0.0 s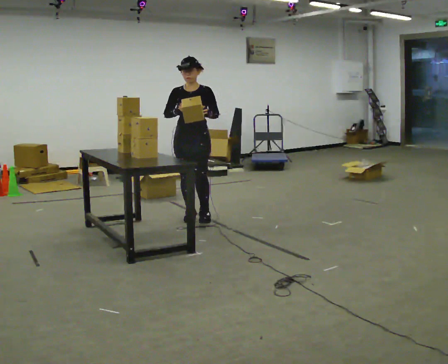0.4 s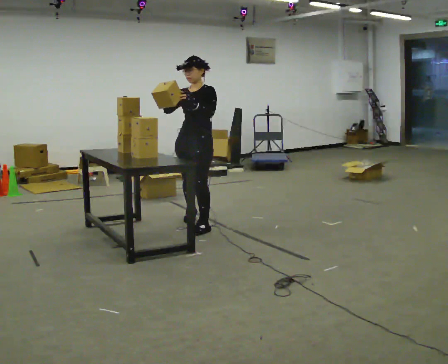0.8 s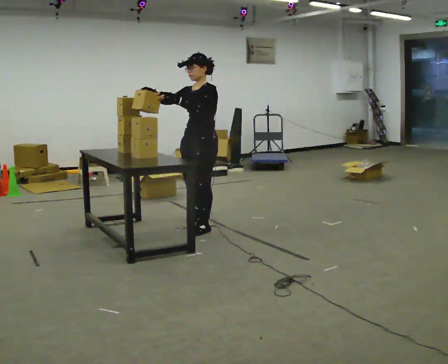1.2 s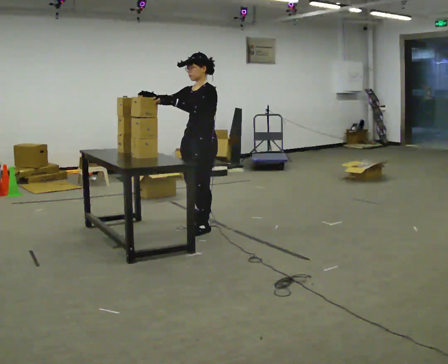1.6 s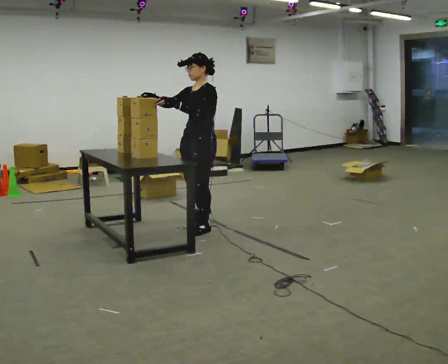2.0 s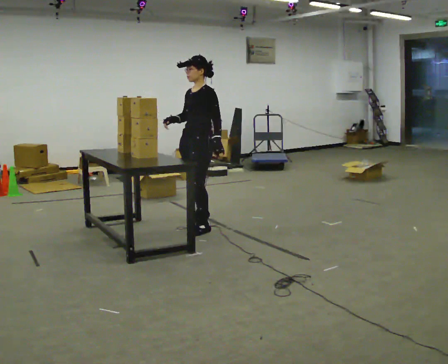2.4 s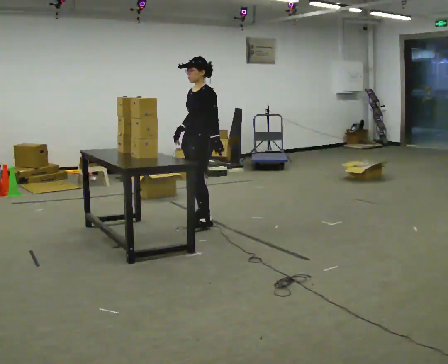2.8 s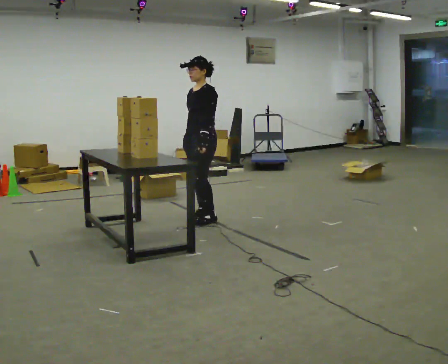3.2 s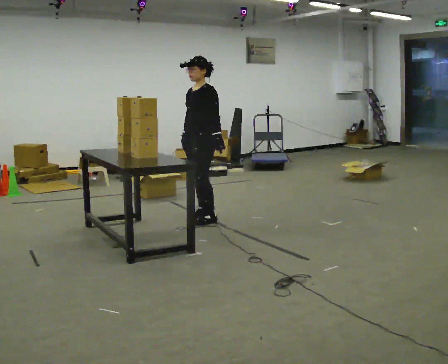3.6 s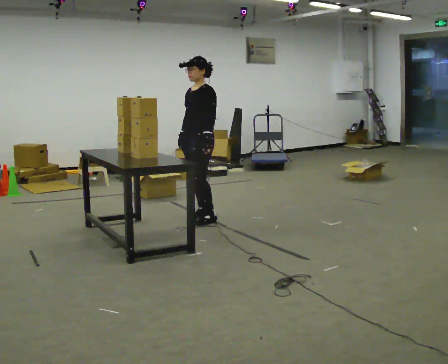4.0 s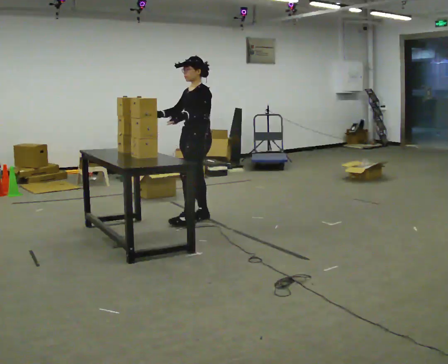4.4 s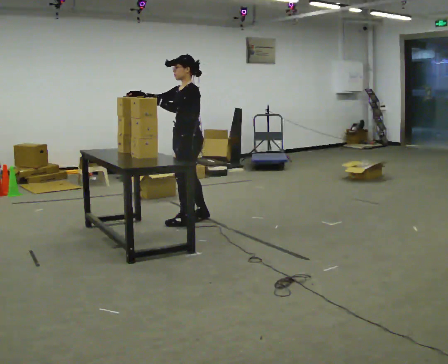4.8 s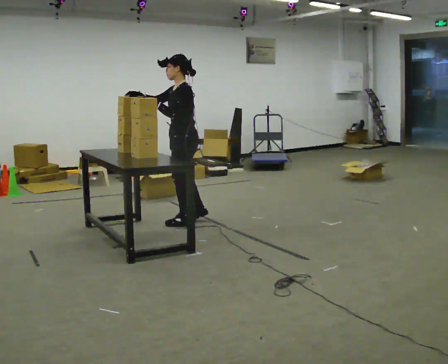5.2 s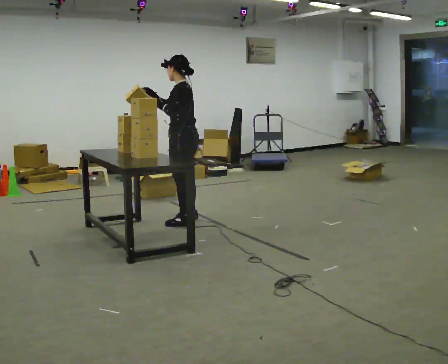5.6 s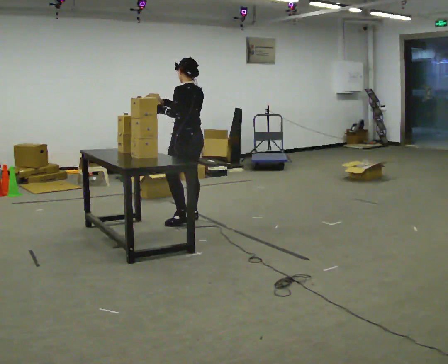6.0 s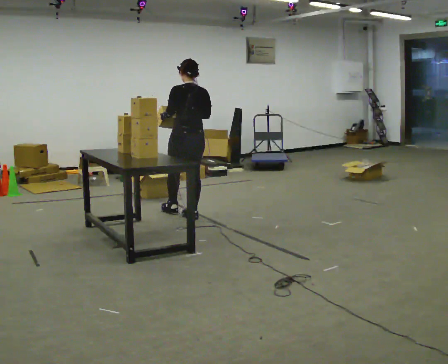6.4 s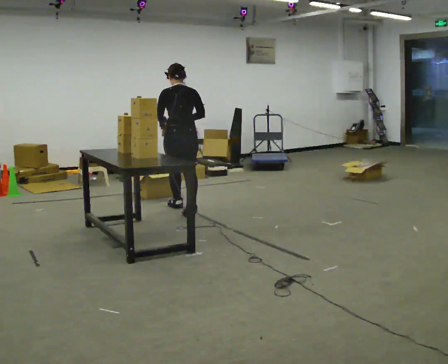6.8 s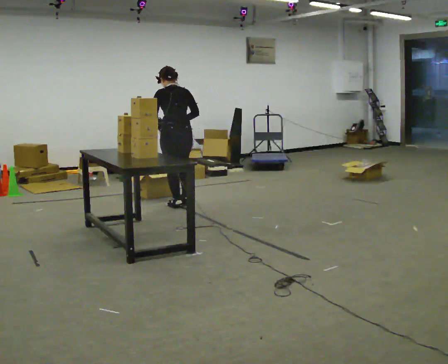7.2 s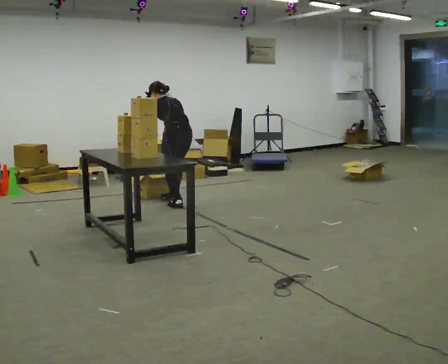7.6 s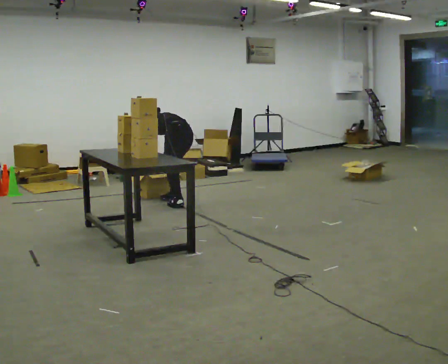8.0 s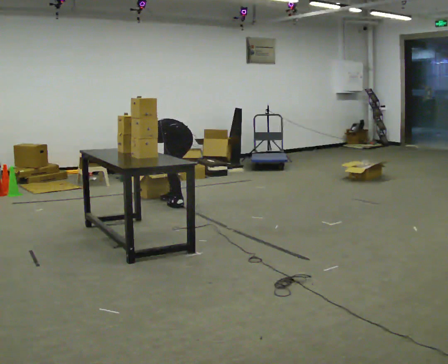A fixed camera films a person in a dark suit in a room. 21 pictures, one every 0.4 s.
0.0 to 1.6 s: Seen from above the body turns clockwise, about 45 degrees: to their right, with its near side sliding to the left. In the picture they go toward the camera, about 0.25 m in 2 steps, which for them is to their left.
1.6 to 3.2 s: In the picture they go away from the camera, about 0.25 m in 1 step, which for them is to their right and backward. In the picture their right hand goes downward, the arm swinging counterclockwise.
3.2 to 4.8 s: Seen from above the body turns clockwise, about 30 degrees: to their right, with its near side sliding to the left. In the picture they go toward the camera, about 0.25 m in 1 step, which for them is forward. In the picture their right hand goes upward and to the left, the arm swinging clockwise.
4.8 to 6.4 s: The person turns about 90 degrees to their right, clockwise seen from above, so the part of the body nearest the lens slides to the left. In the picture they go away from the camera, about 0.5 m in 1 step.
6.4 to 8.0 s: The part of the body nearest the lens slides to the right as the person turns to their left by about 45 degrees. In the picture they go away from the camera, about 0.5 m in 1 step, which for them is forward and to their right. The shoulders move downward. In the picture the upper body tilts counterclockwise, shoulders to the left, as they bend forward. In the picture their right hand goes downward.
The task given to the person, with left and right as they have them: Take objects out of the bin one at a time and lay them out on the table, stepping between the bin and the table each time. Keep going until the operator says stop; one object at a time, and do not rush between trips.
The film runs forward here.
